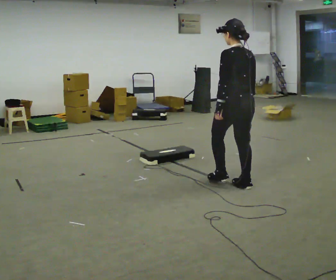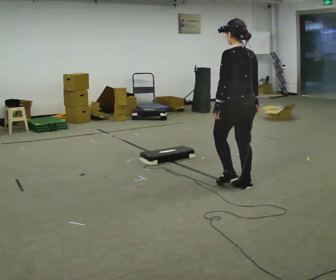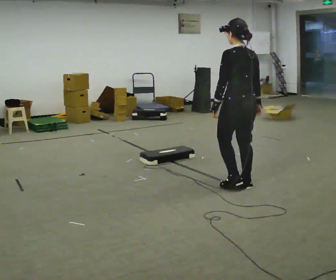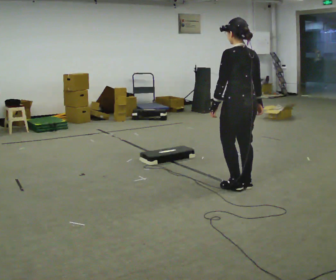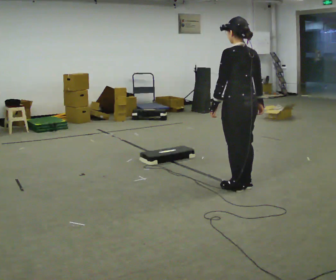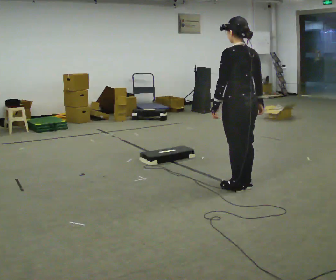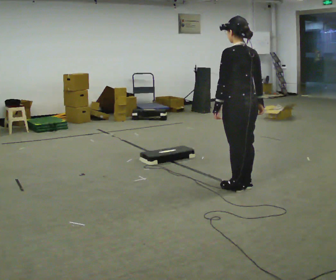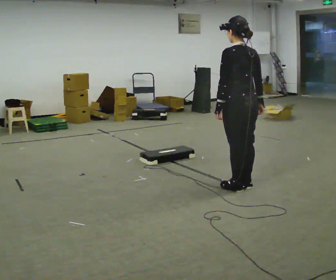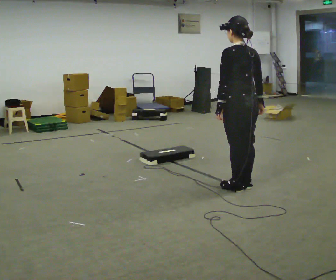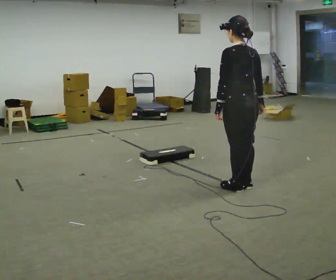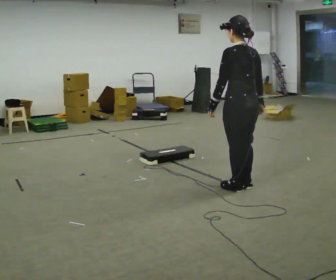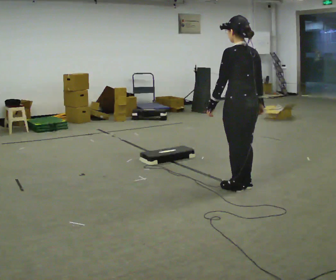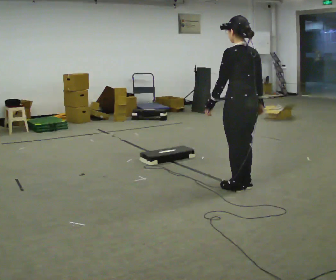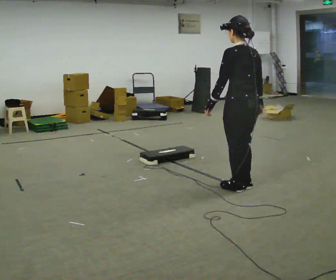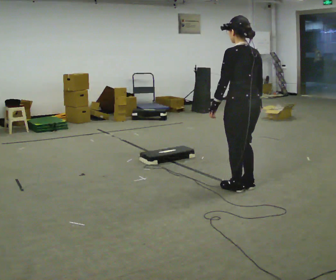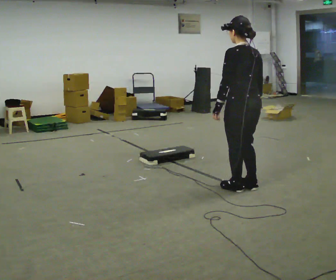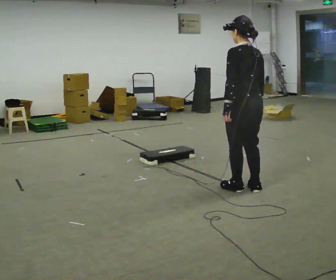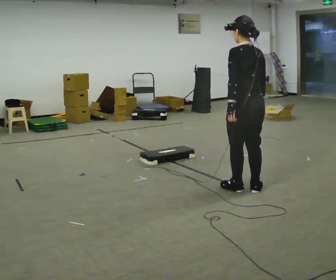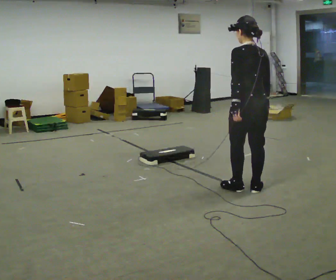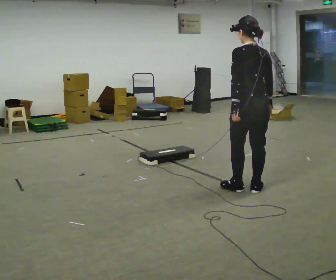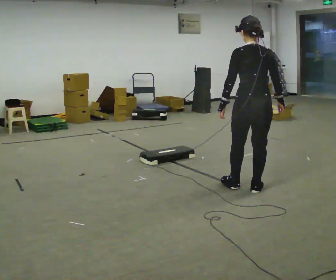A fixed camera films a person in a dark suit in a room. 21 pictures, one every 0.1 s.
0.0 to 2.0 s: In the picture they go toward the camera and to the right, about 0.25 m, which for them is backward.
The film runs backward here.
